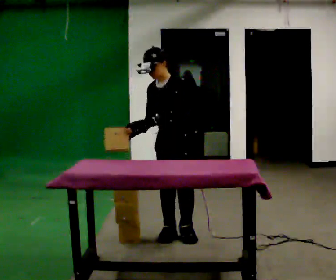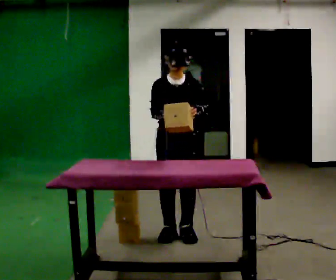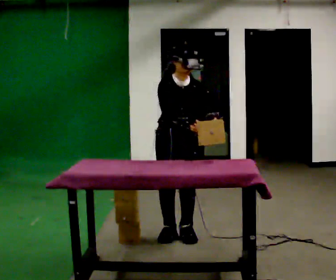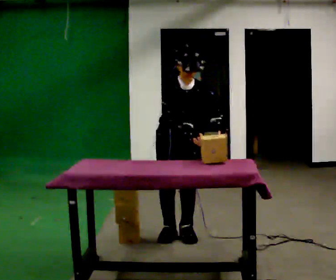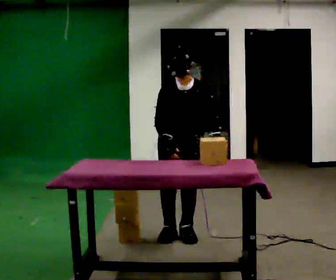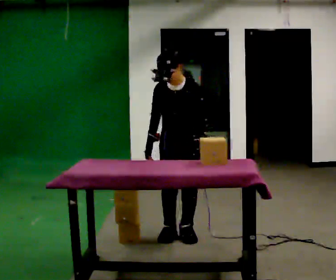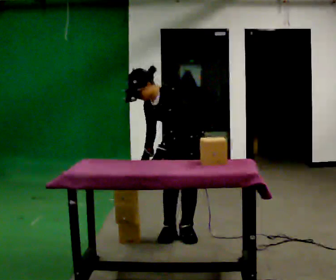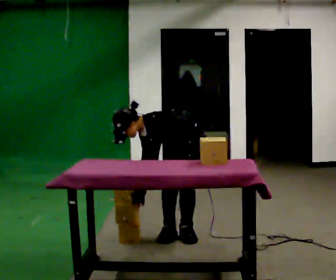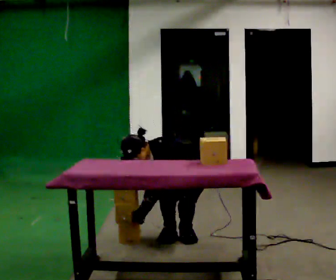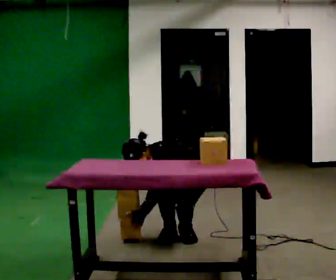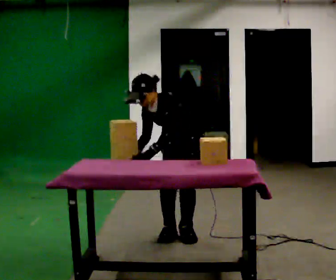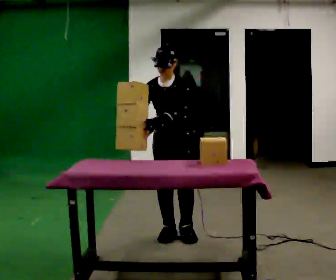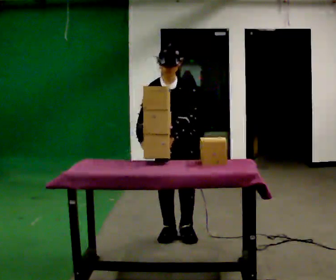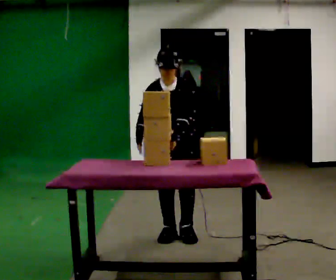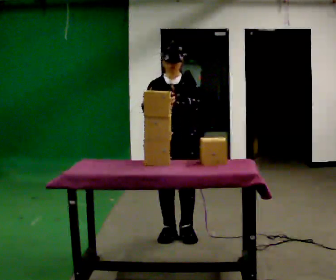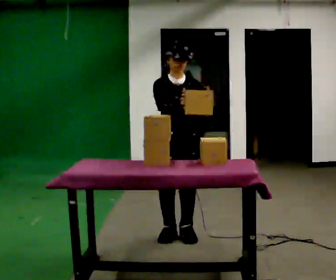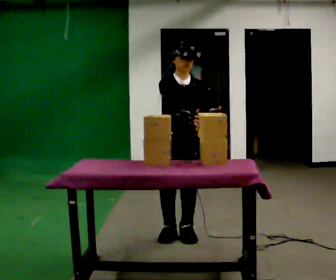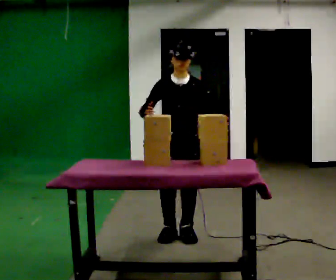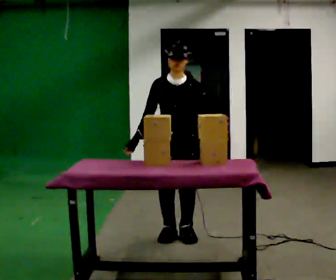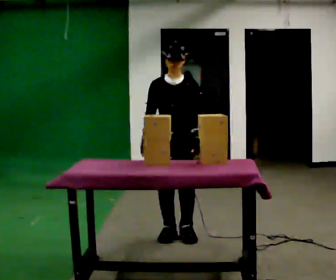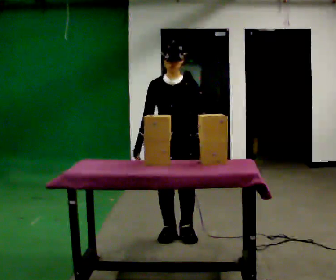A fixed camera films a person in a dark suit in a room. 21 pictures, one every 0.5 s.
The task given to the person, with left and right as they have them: Pick the fragile object up and set it back down as gently as you can. Repeat at your own pace until the operator says stop. Keep both feet on the marked spots for the whole take. If you have to step, stop and tell the operator.
0.0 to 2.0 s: The person turns about 30 degrees to their left, counterclockwise seen from above, so the part of the body nearest the lens slides to the right. In the picture the upper body tilts clockwise, shoulders to the right. In the picture their left hand goes to the right.
2.0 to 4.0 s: The person turns about 45 degrees to their right, clockwise seen from above, so the part of the body nearest the lens slides to the left. The upper body goes downward. In the picture the upper body tilts counterclockwise, shoulders to the left, as they bend forward. In the picture their right hand goes downward.
4.0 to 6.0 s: The person turns about 45 degrees to their left, counterclockwise seen from above, so the part of the body nearest the lens slides to the right. In the picture they go to the left, about 0.25 m, which for them is forward. The upper body goes upward. In the picture the upper body tilts clockwise, shoulders to the right. In the picture their right hand goes upward.
6.0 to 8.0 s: In the picture their right hand goes to the right.
8.0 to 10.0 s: In the picture their right hand goes to the left.
The film runs forward here.
